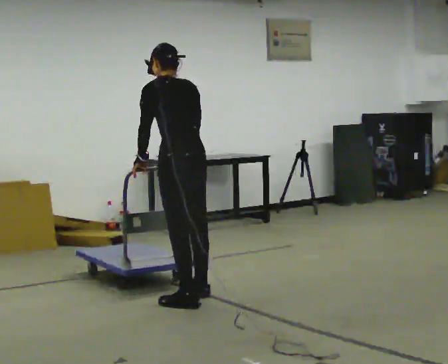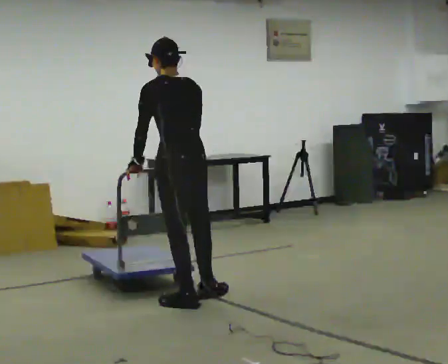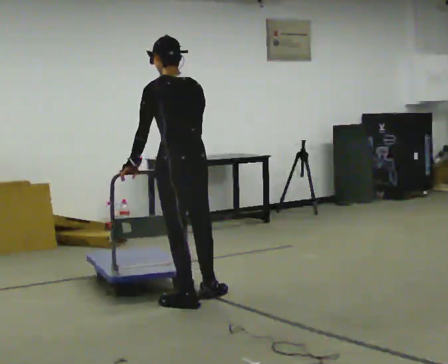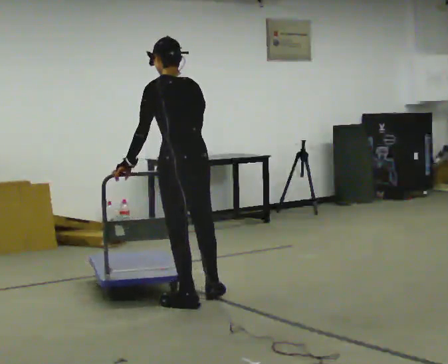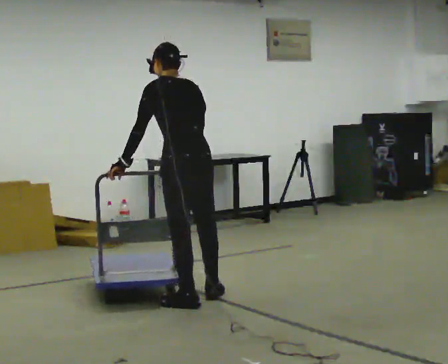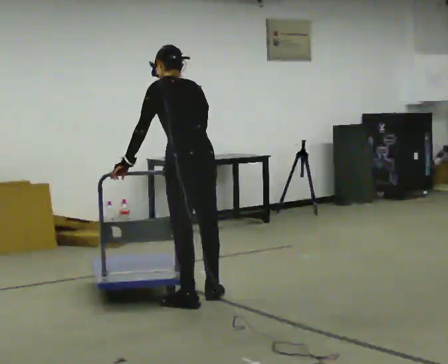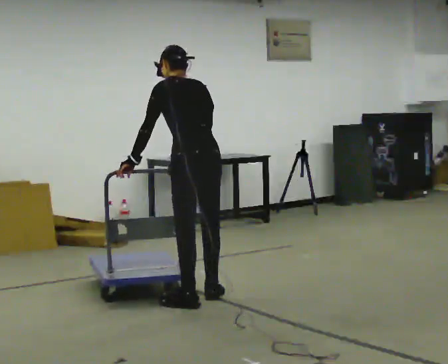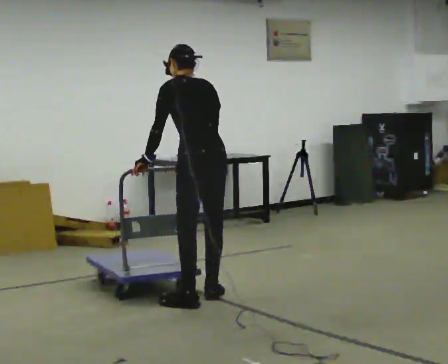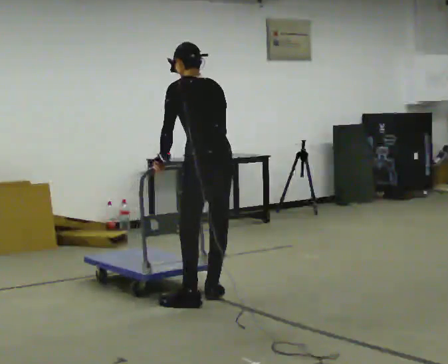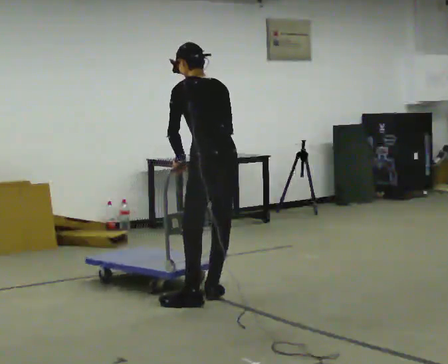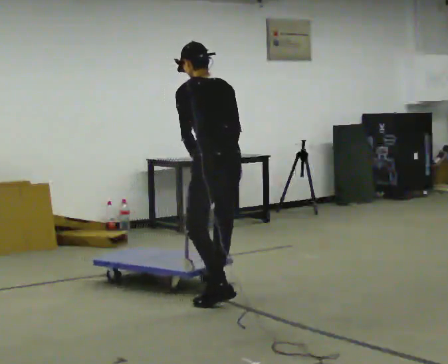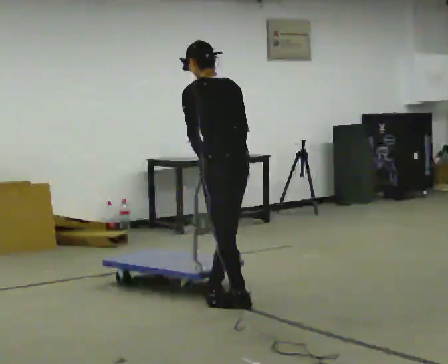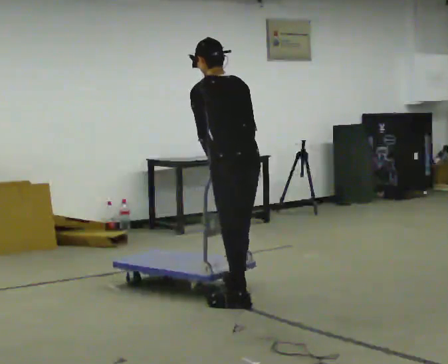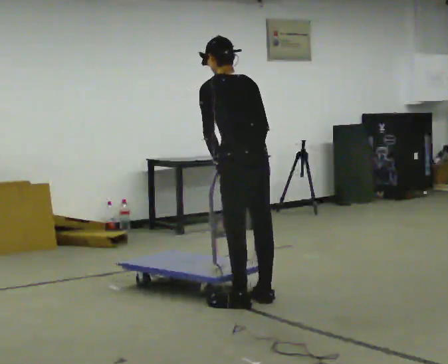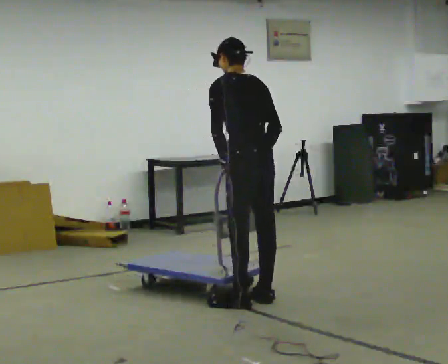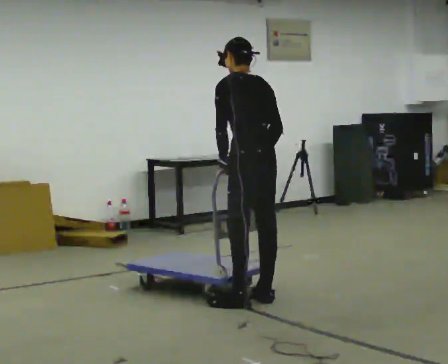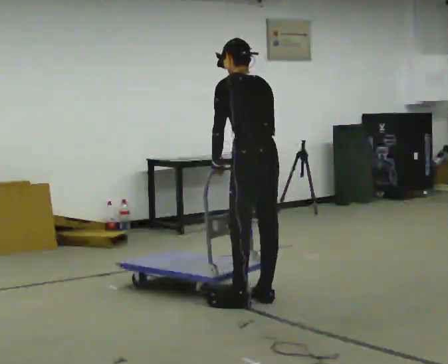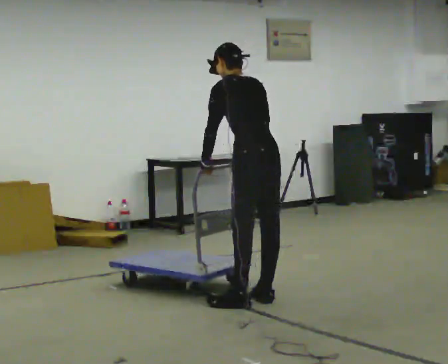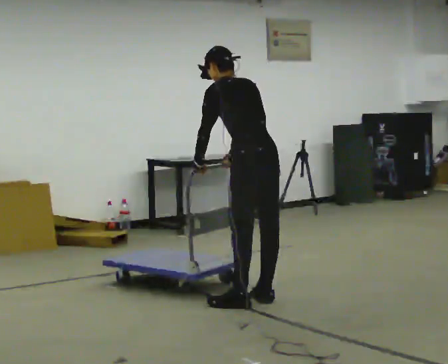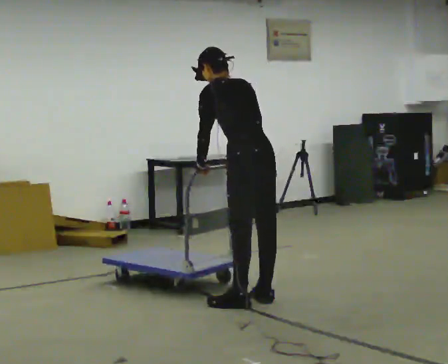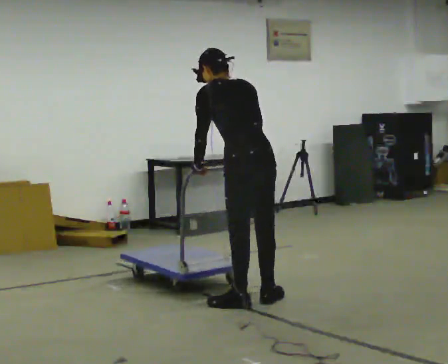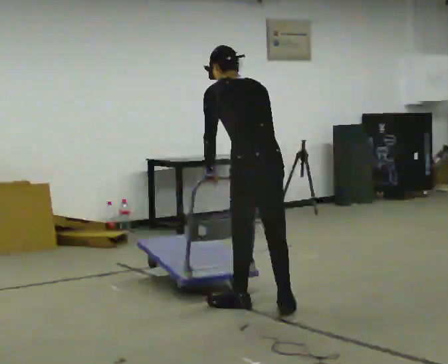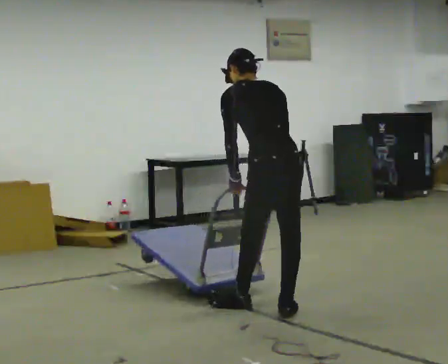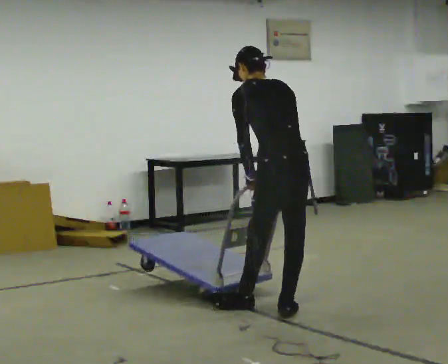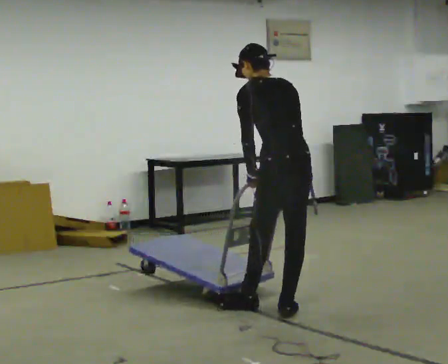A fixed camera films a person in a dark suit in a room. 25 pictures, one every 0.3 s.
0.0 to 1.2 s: The person moves a little, or ends about where they began.
1.2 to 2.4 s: In the picture they go away from the camera, about 0.25 m, which for them is to their right.
2.4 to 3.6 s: In the picture they go to the right and toward the camera, about 0.25 m in 1 step, which for them is backward. In the picture their left hand goes to the right.
3.6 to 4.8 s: The person moves a little, or ends about where they began.
4.8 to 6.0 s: In the picture they go toward the camera, about 0.25 m, which for them is to their left.
6.0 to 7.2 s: In the picture they go to the right, about 0.25 m in 1 step, which for them is backward and to their right. In the picture their left hand goes to the right.
The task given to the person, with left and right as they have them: Get the cart into the marked parking space and lined up with the tape. Take as many adjustments as you need. Then take it out again and repeat.
The film runs forward here.
